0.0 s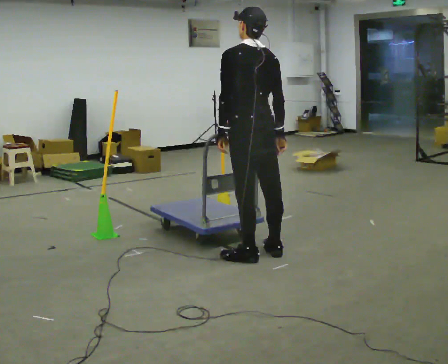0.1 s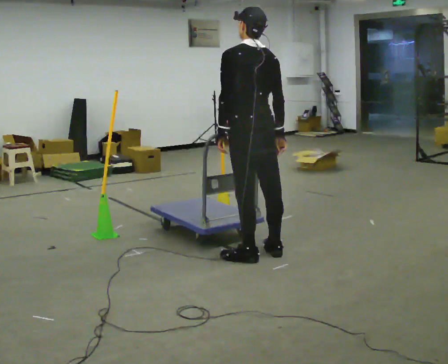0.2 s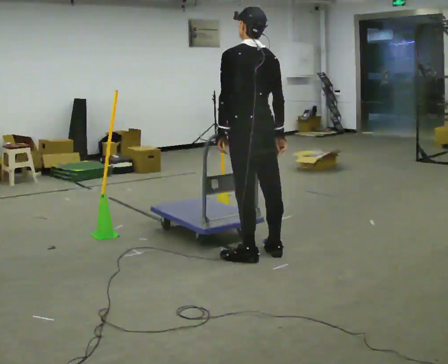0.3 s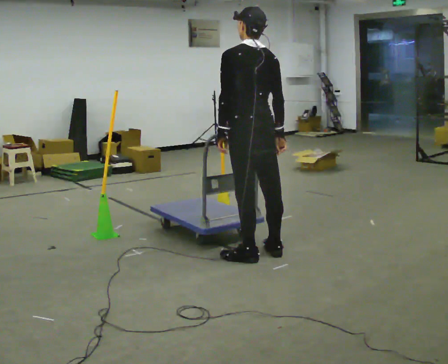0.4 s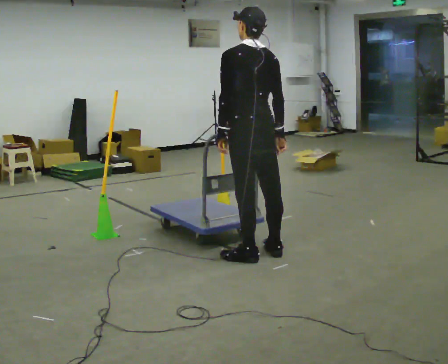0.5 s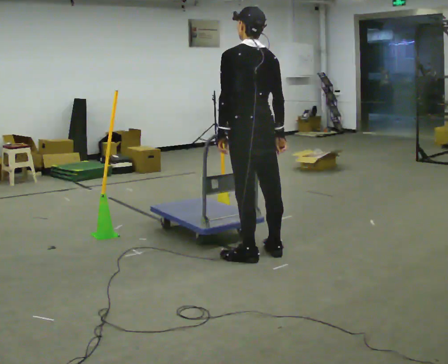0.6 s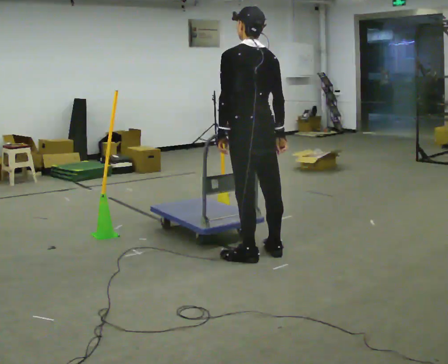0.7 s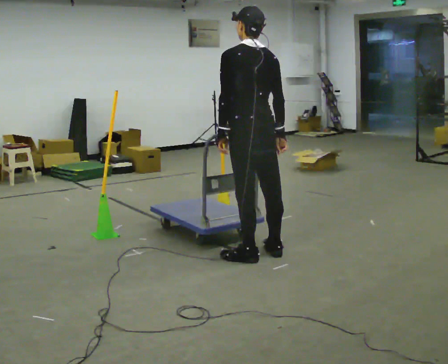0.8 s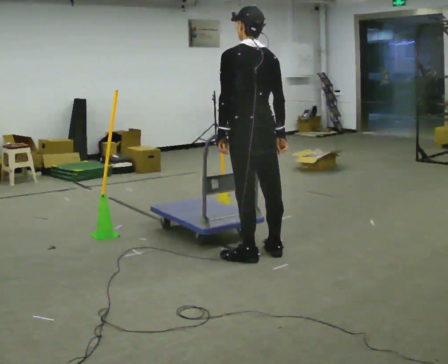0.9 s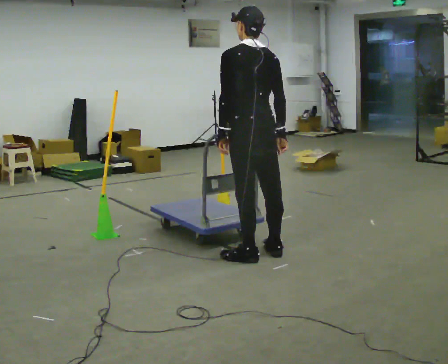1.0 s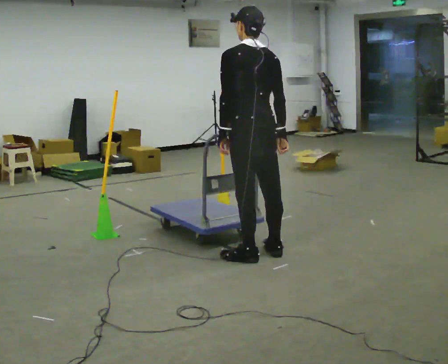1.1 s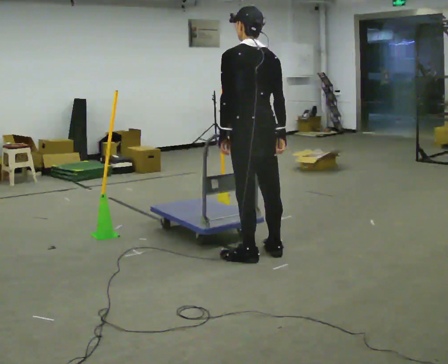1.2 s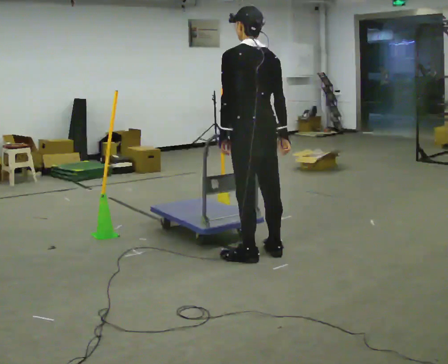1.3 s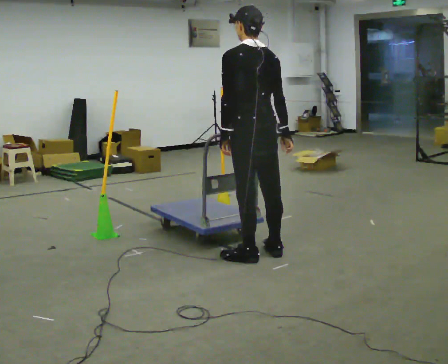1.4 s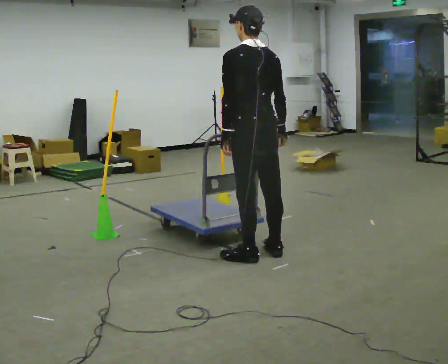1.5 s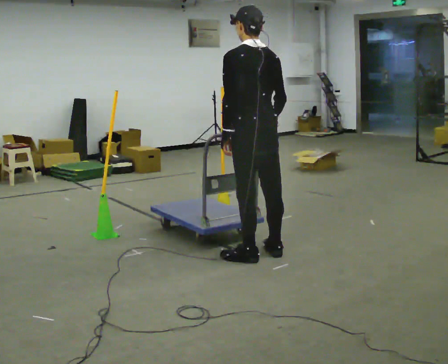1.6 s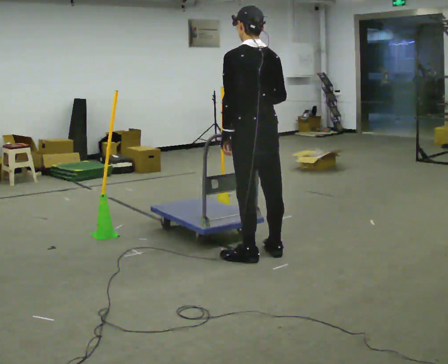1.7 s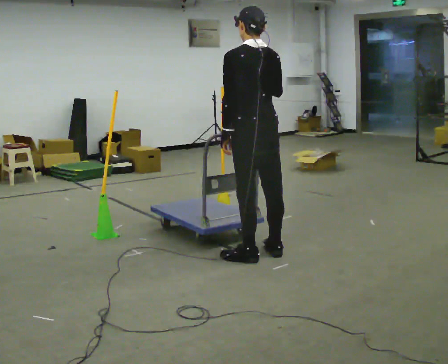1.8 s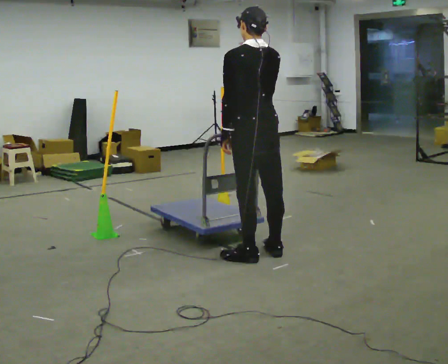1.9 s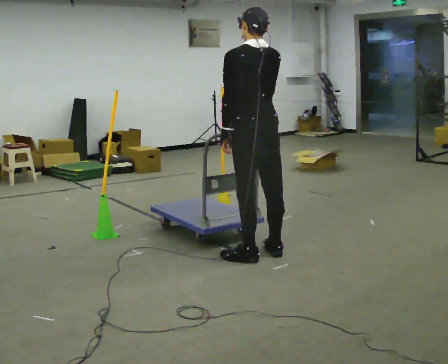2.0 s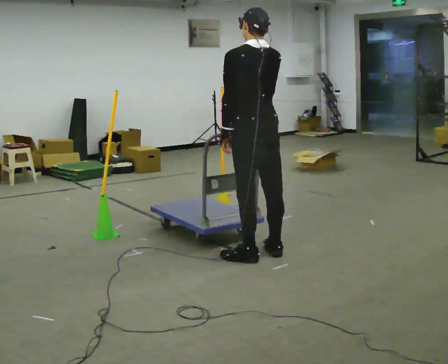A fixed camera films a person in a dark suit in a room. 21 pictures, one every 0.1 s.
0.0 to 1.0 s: The person moves a little, or ends about where they began.
1.0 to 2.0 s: In the picture their right hand goes upward.
The film runs backward here.
